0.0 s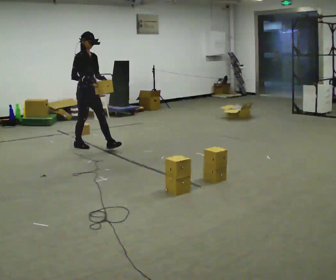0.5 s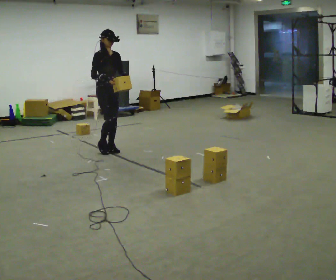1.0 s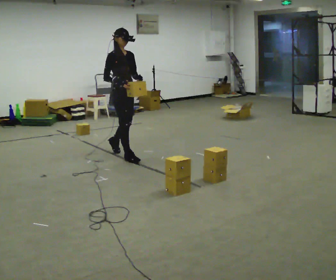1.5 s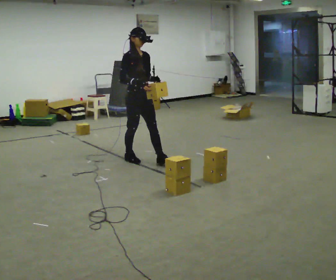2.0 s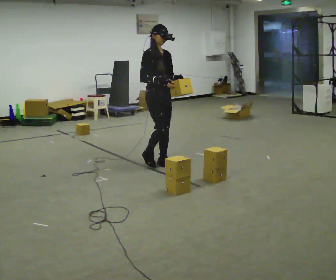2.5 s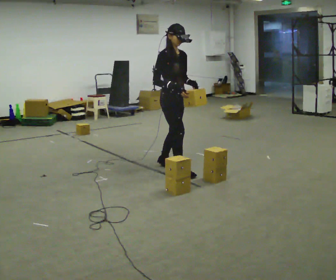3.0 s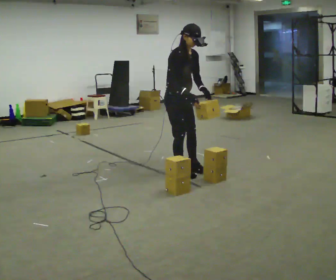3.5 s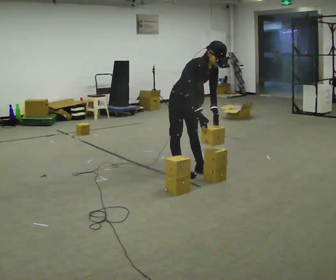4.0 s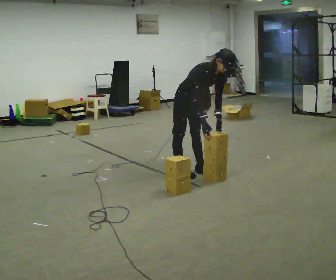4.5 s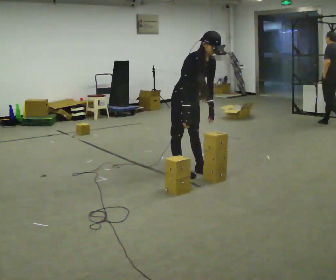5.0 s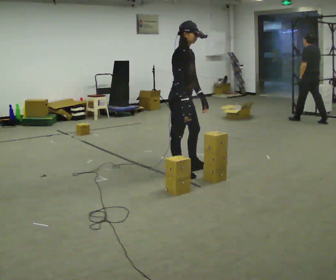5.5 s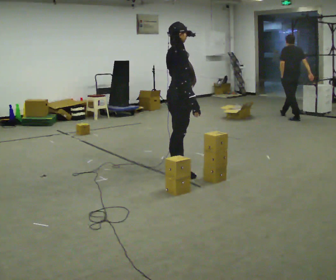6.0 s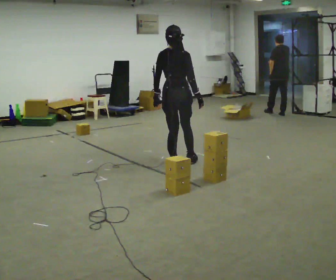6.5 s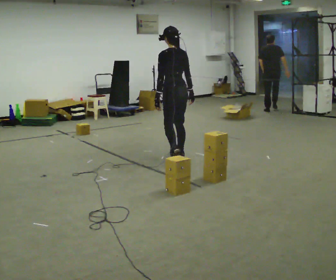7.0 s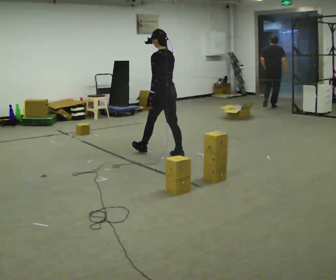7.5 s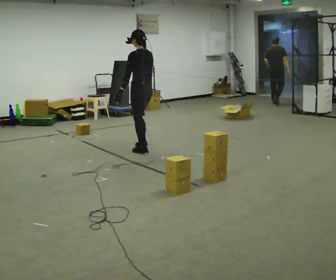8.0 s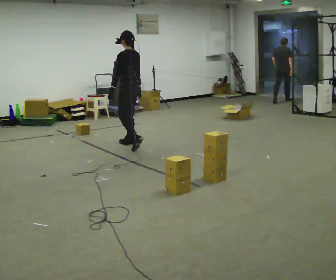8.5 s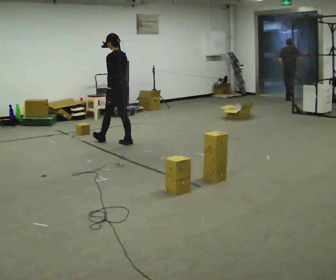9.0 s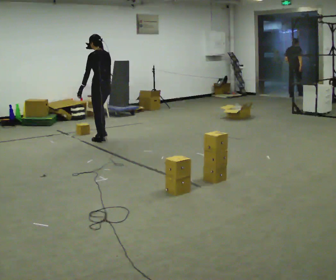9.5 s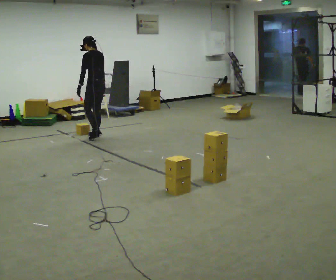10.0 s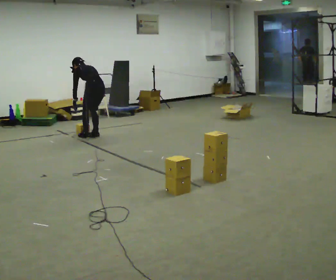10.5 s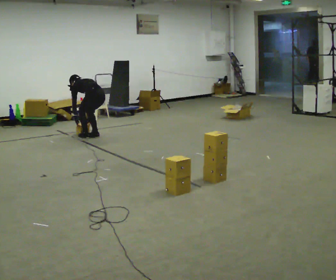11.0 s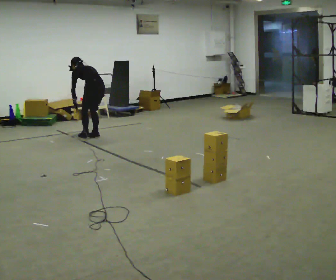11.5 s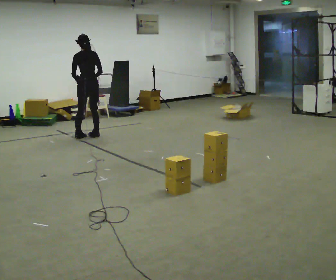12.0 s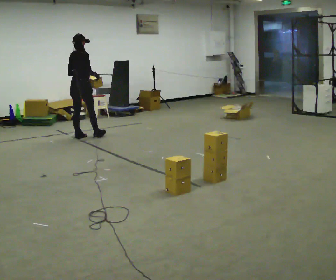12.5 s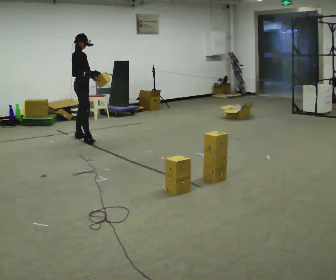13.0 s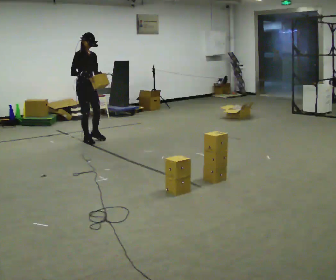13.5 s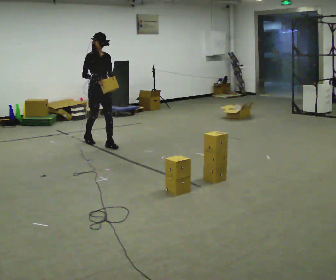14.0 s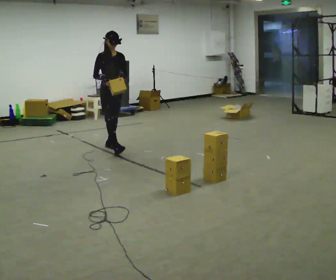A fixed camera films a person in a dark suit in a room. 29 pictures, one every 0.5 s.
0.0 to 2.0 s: In the picture they go to the right and toward the camera, about 1.5 m in 3 steps, which for them is forward.
2.0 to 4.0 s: In the picture they go to the right and toward the camera, about 0.5 m in 2 steps, which for them is forward. The shoulders move downward. In the picture the upper body tilts clockwise, shoulders to the right, as they bend forward. In the picture their left hand goes downward.
4.0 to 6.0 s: Seen from above the body turns counterclockwise, about 120 degrees: to their left, with its near side sliding to the right. In the picture they go away from the camera and to the left, about 0.25 m in 1 step. The upper body goes upward. In the picture the upper body tilts counterclockwise, shoulders to the left, as they lean back or straighten.
6.0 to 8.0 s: Seen from above the body turns counterclockwise, about 75 degrees: to their left, with its near side sliding to the right. In the picture they go away from the camera and to the left, about 1 m in 3 steps.
8.0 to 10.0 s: In the picture they go to the left and away from the camera, about 0.5 m in 3 steps, which for them is forward. The upper body goes downward. In the picture the upper body tilts counterclockwise, shoulders to the left, as they bend forward.
10.0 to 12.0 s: The part of the body nearest the lens slides to the left as the person turns to their right by about 75 degrees. In the picture they go to the left, about 0.25 m in 1 step. In the picture their left hand goes upward.
12.0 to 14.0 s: The part of the body nearest the lens slides to the left as the person turns to their right by about 105 degrees. In the picture they go to the right and toward the camera, about 1 m in 2 steps.
The film runs forward here.
